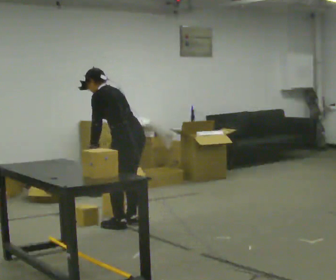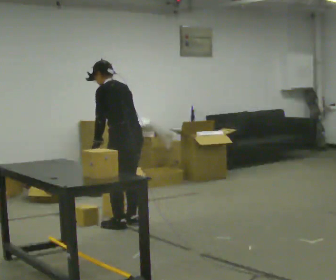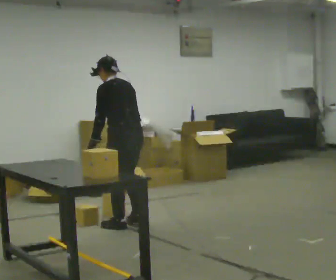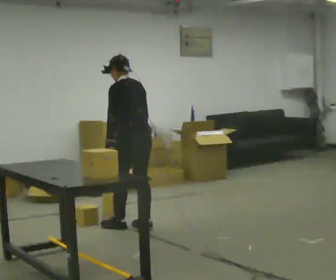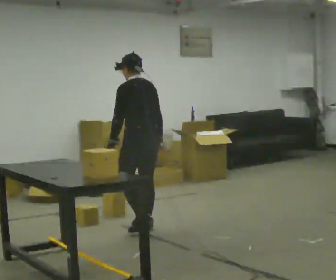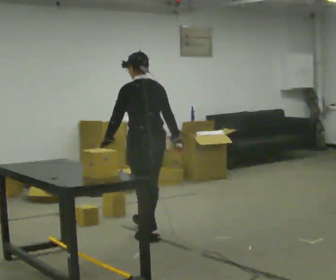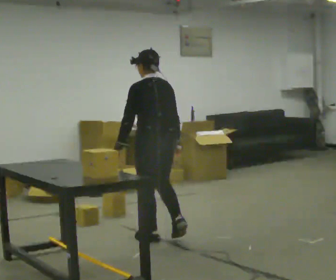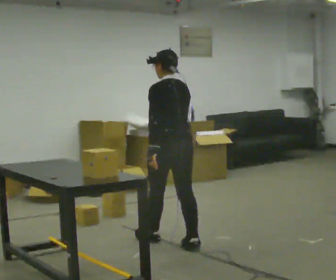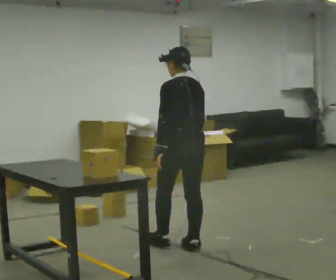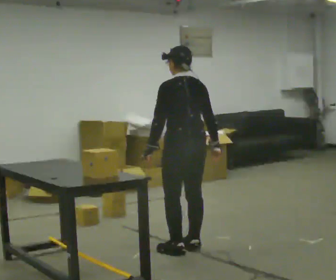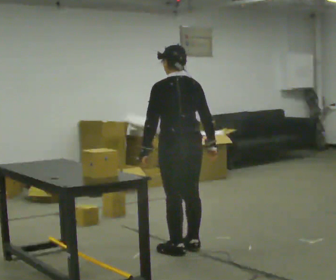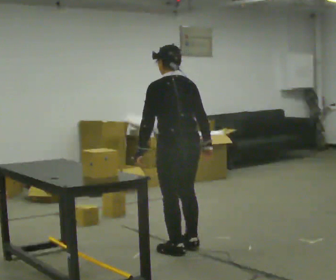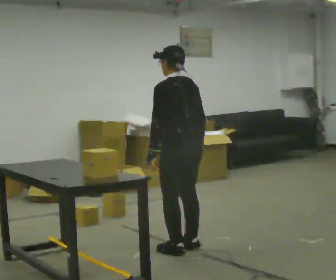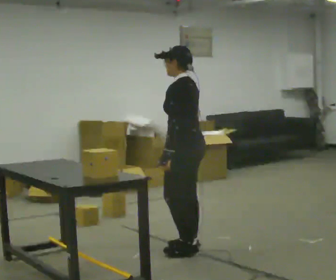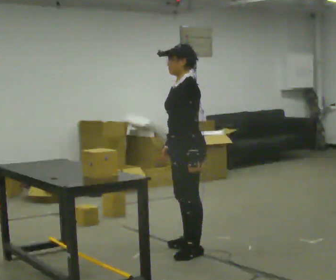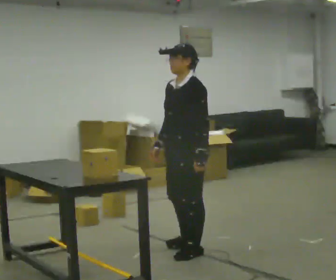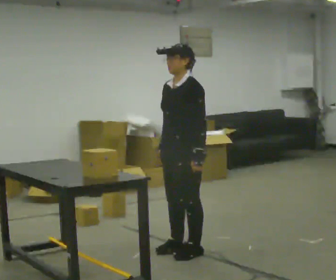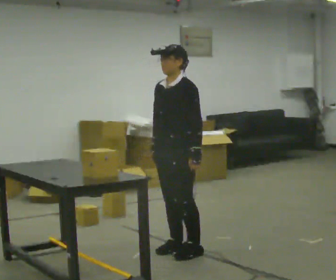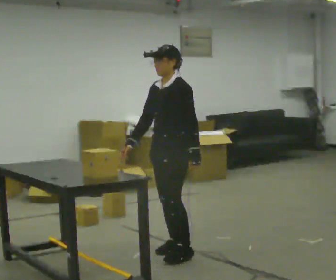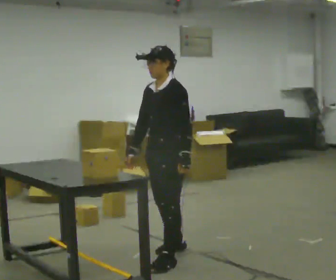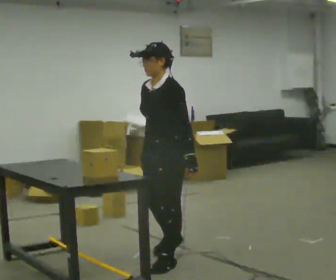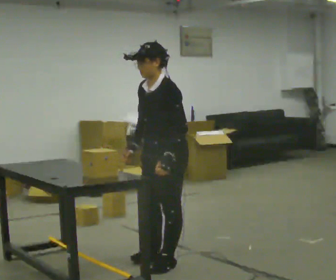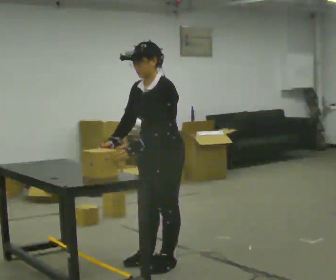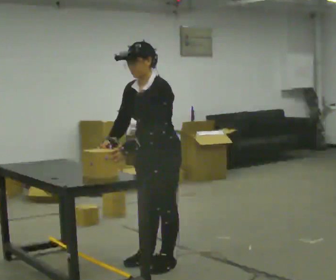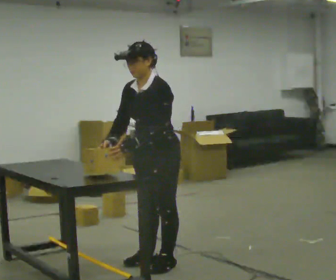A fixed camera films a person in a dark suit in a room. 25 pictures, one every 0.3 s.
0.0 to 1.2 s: In the picture they go toward the camera, about 0.25 m in 2 steps, which for them is backward. In the picture the upper body tilts clockwise, shoulders to the right, as they lean back or straighten. In the picture their right hand goes to the right.
1.2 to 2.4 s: In the picture they go toward the camera and to the right, about 0.75 m in 2 steps, which for them is backward.
2.4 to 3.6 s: The person moves a little, or ends about where they began.
3.6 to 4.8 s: Seen from above the body turns counterclockwise, about 75 degrees: to their left, with its near side sliding to the right. In the picture their right hand goes to the left.
4.8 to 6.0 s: In the picture they go toward the camera, about 0.25 m in 2 steps, which for them is forward and to their left.
6.0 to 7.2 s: The person moves a little, or ends about where they began.
The film runs backward here.
